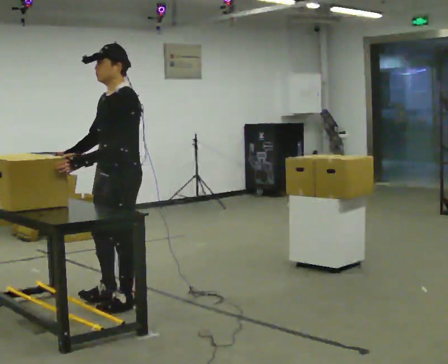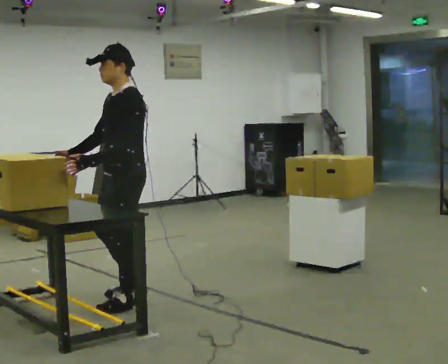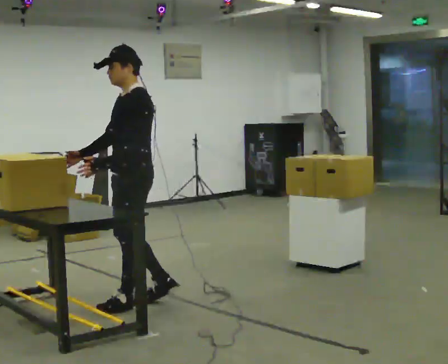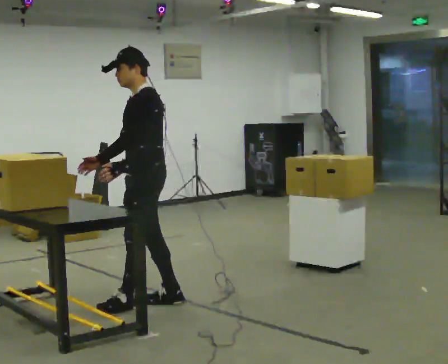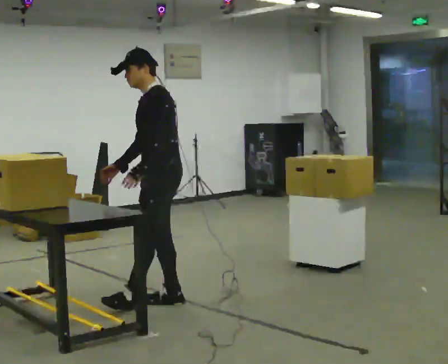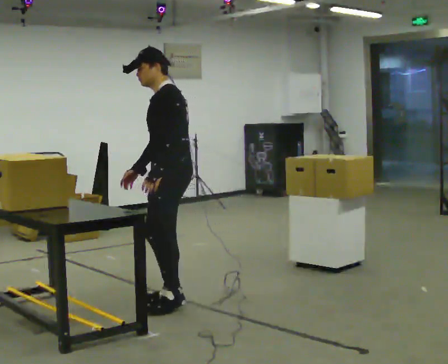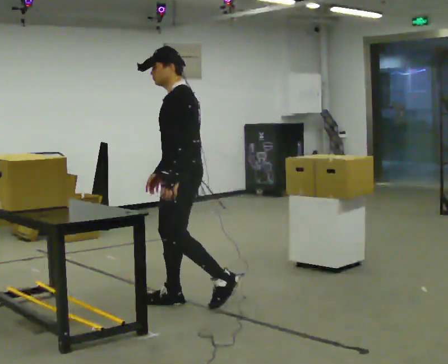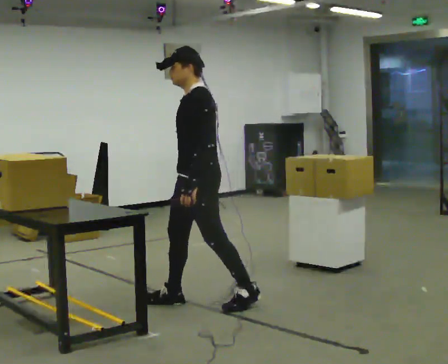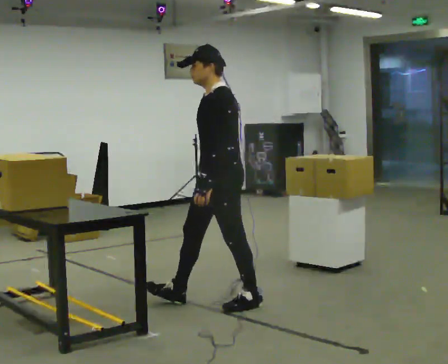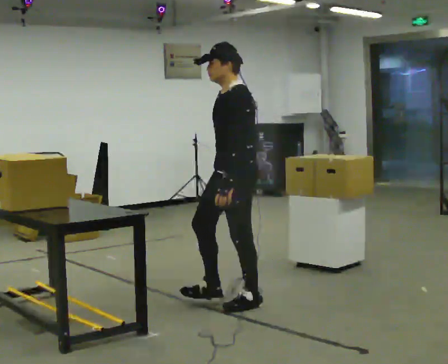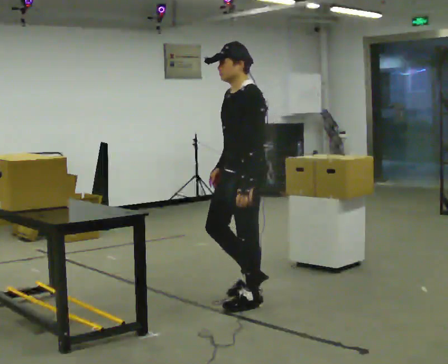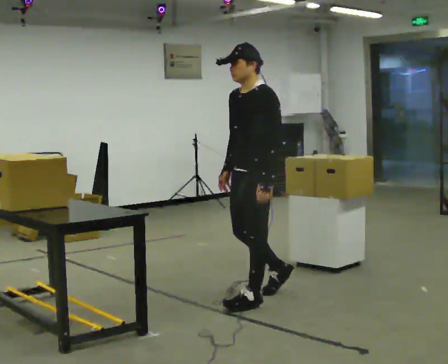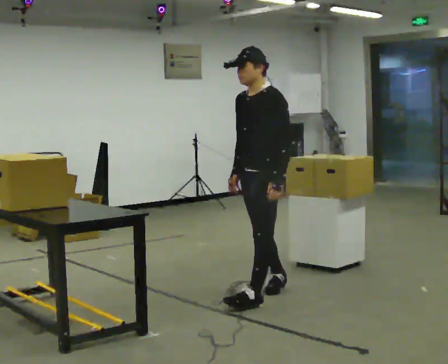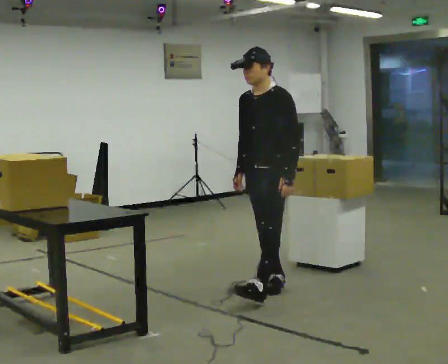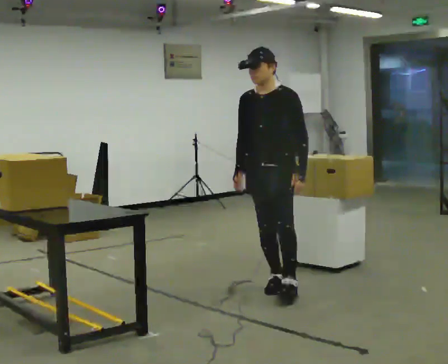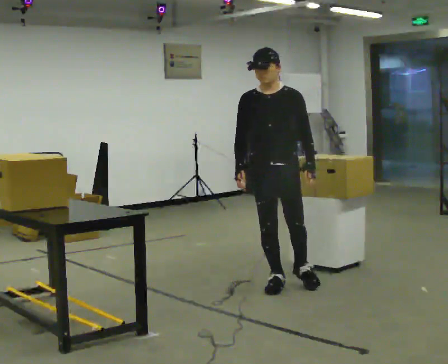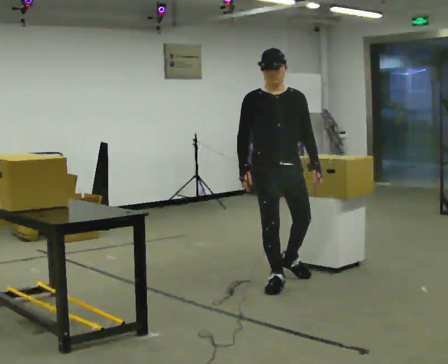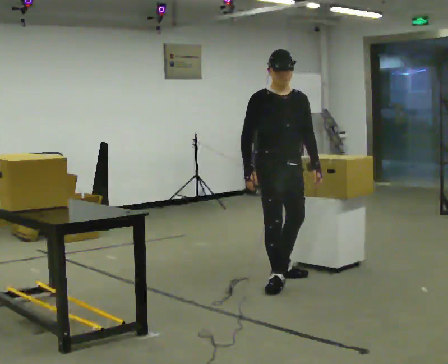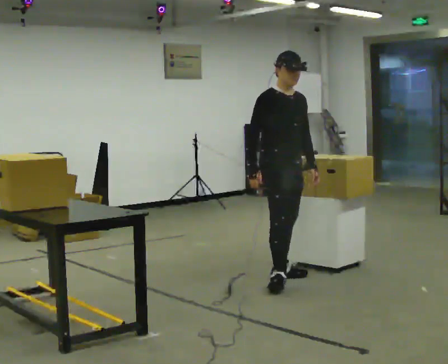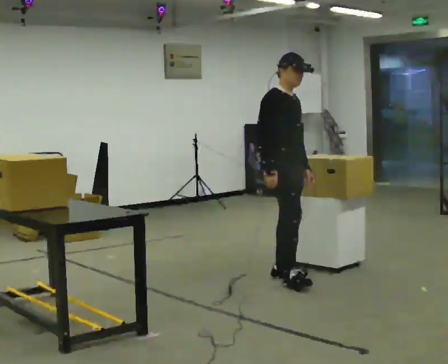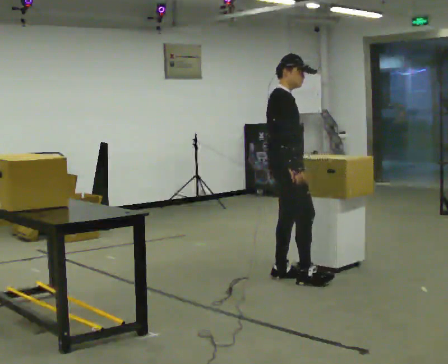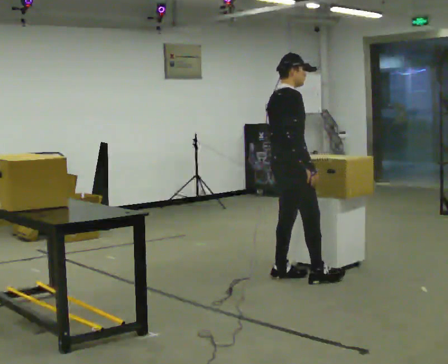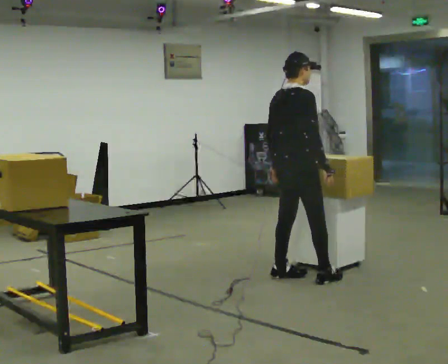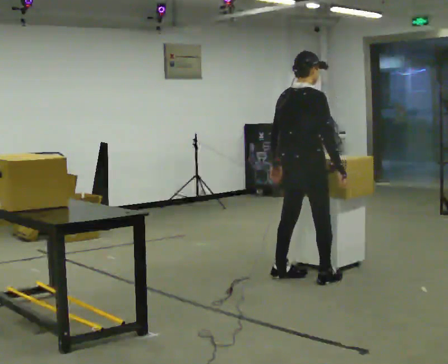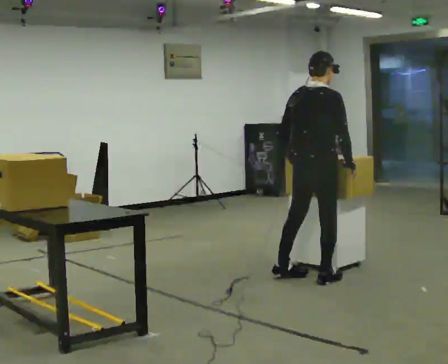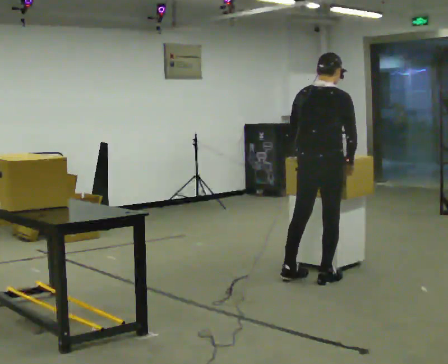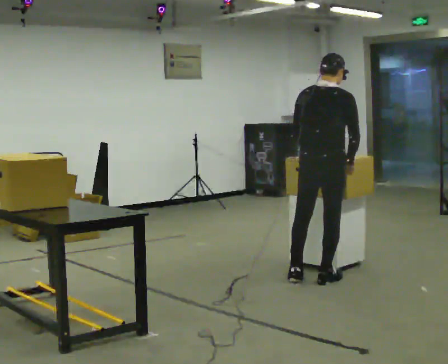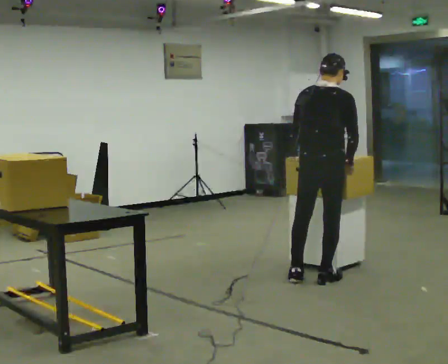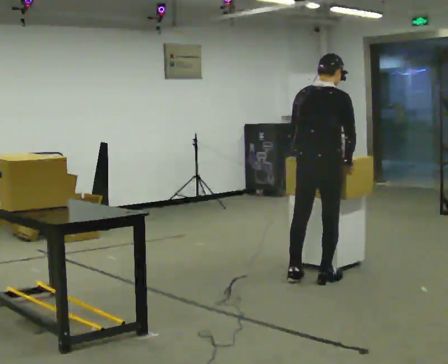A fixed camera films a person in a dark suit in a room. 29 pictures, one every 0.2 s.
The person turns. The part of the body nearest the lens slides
to the right.
The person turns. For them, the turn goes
to their left.
0.0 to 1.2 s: In the picture they go to the right, about 0.5 m in 1 step, which for them is backward.
1.2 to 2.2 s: In the picture they go to the right, about 0.5 m in 1 step, which for them is backward.
2.2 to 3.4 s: Seen from above the body turns counterclockwise, about 90 degrees: to their left, with its near side sliding to the right. In the picture they go away from the camera, about 0.5 m in 1 step.
3.4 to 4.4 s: The person turns about 90 degrees to their left, counterclockwise seen from above, so the part of the body nearest the lens slides to the right. In the picture their left hand goes to the left.
4.4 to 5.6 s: In the picture they go to the right, about 0.25 m in 2 steps, which for them is to their right.
The film runs backward here.
